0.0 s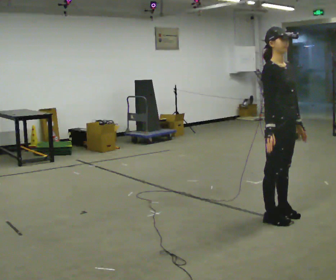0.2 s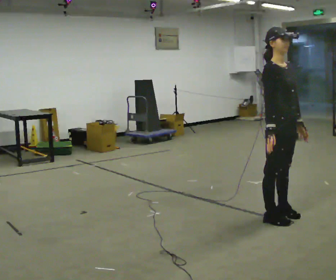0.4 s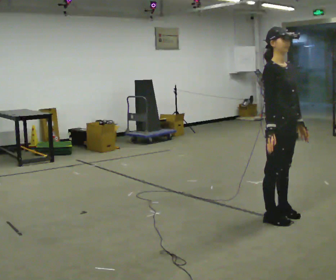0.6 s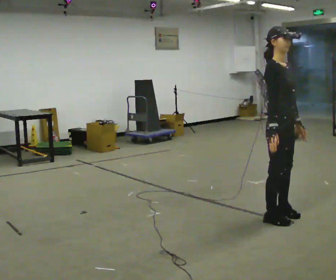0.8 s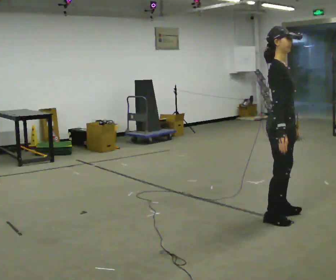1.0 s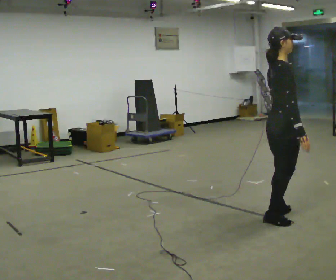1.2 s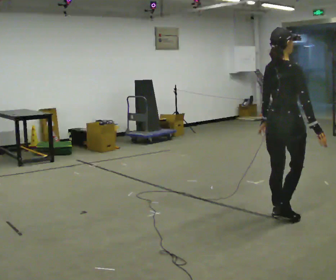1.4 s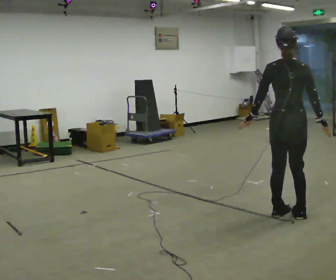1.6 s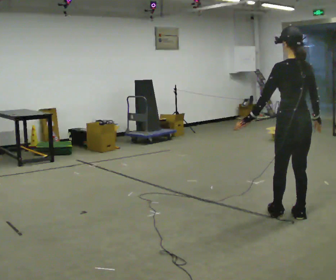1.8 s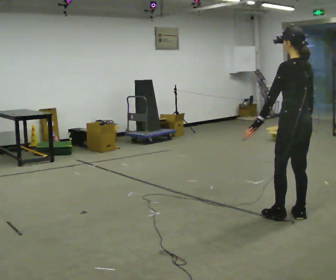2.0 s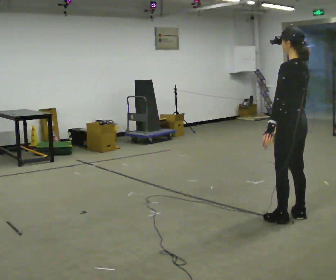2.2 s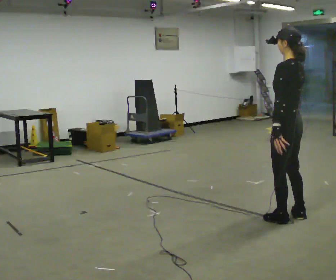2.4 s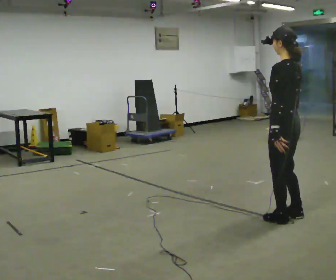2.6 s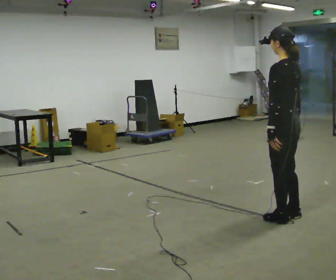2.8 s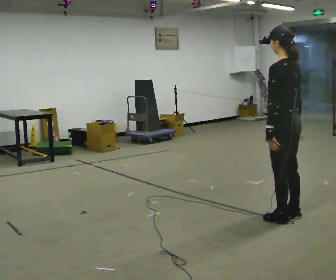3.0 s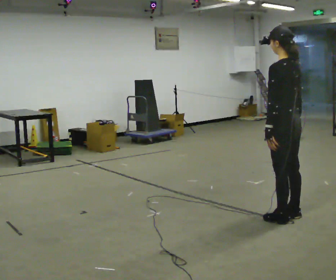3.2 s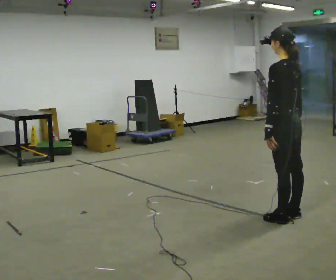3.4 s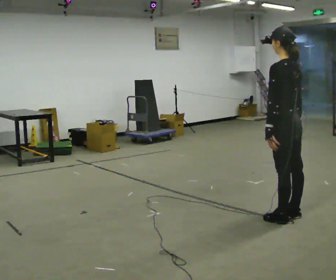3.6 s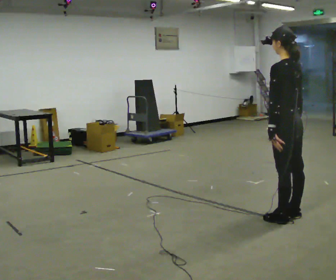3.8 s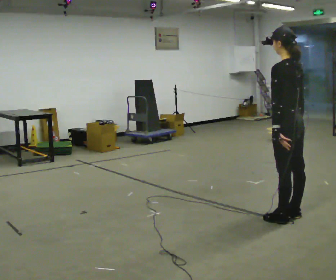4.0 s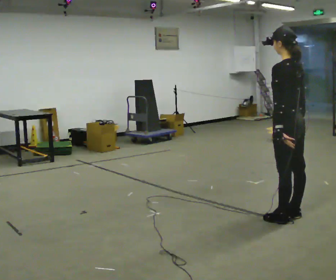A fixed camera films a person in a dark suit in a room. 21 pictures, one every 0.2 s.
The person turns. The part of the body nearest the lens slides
to the right.
The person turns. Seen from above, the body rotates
counterclockwise.
0.0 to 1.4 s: The part of the body nearest the lens slides to the right as the person turns to their left by about 120 degrees. In the picture their left hand goes to the left, the arm swinging clockwise.
1.4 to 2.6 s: The part of the body nearest the lens slides to the right as the person turns to their left by about 60 degrees.
2.6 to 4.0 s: The person moves a little, or ends about where they began.
The film runs forward here.
